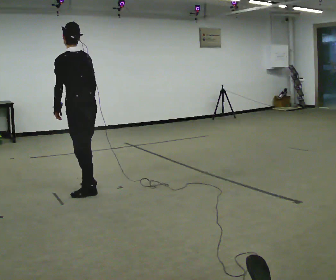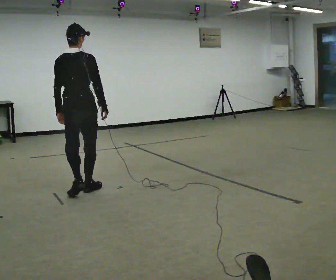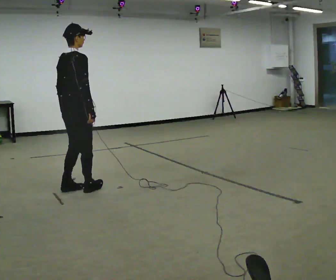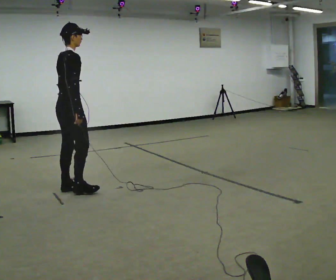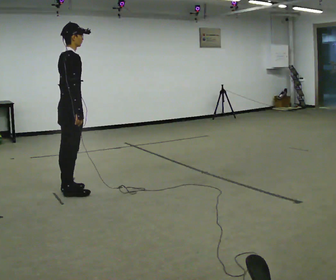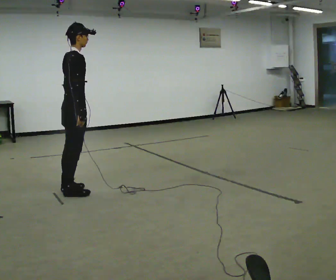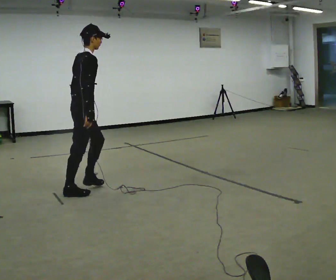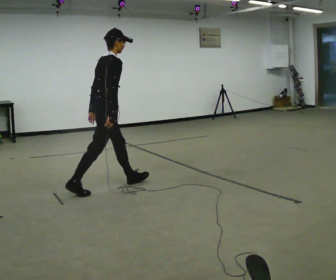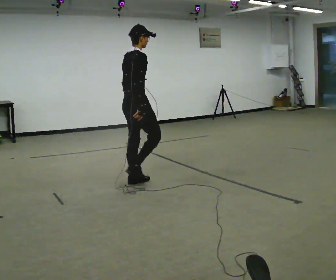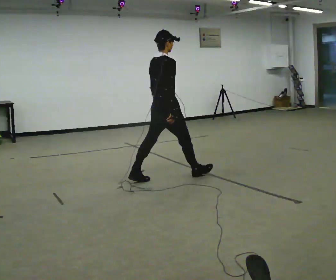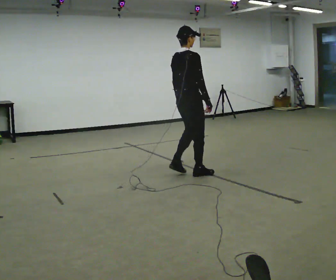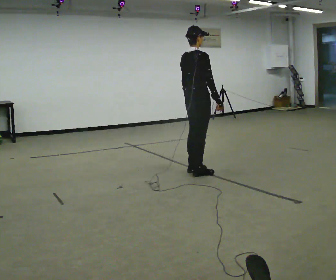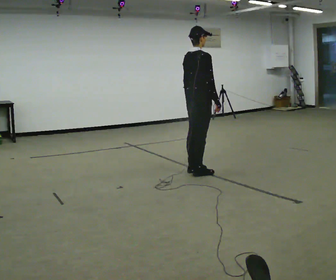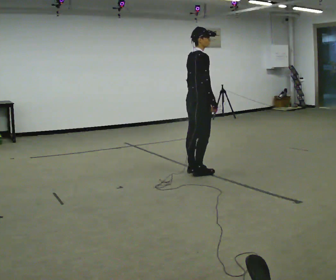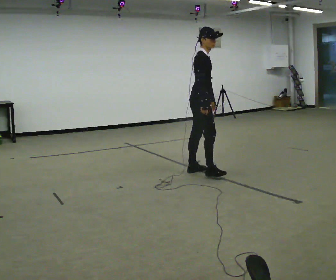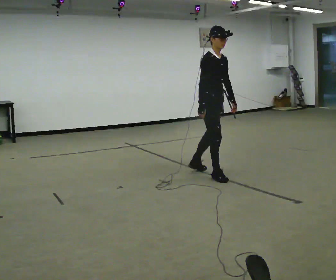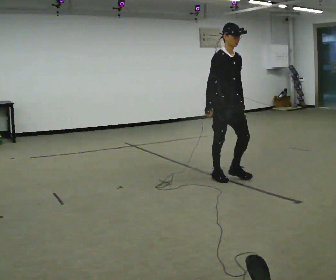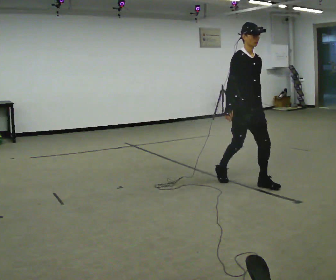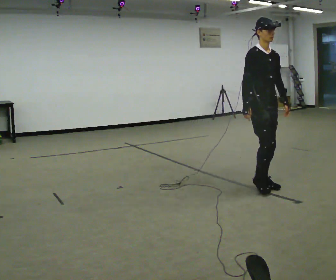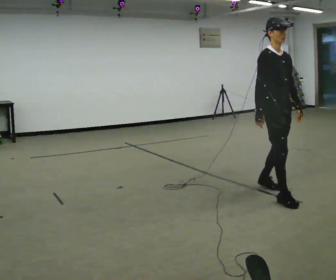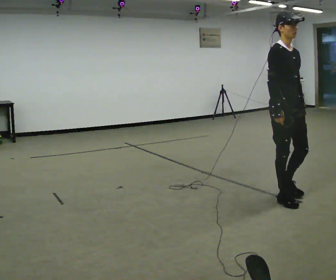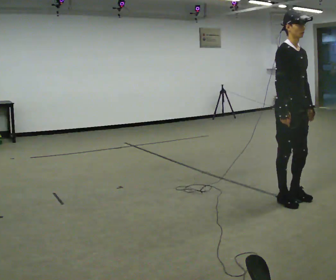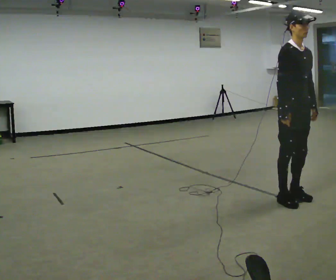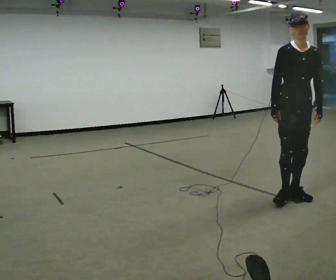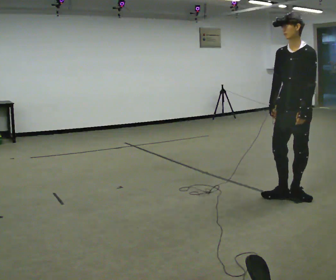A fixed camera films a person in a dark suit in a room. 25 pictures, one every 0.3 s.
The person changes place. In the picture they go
to the right.
The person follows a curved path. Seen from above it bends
clockwise.
0.0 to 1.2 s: The person turns about 105 degrees to their right, clockwise seen from above, so the part of the body nearest the lens slides to the left. In the picture they go to the left, about 0.25 m in 2 steps.
1.2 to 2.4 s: In the picture they go to the right and away from the camera, about 1 m in 1 step, which for them is forward.
2.4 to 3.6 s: In the picture they go to the right and away from the camera, about 1 m in 2 steps, which for them is forward.
3.6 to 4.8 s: The person turns about 90 degrees to their right, clockwise seen from above, so the part of the body nearest the lens slides to the left. In the picture they go toward the camera and to the right, about 0.5 m in 1 step.
4.8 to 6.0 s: In the picture they go toward the camera and to the right, about 1 m in 2 steps, which for them is forward.
6.0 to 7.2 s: The part of the body nearest the lens slides to the left as the person turns to their right by about 90 degrees.
The film runs forward here.
